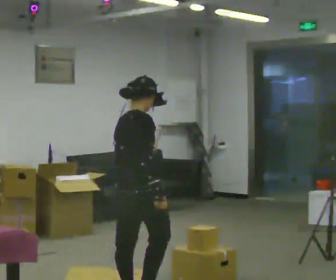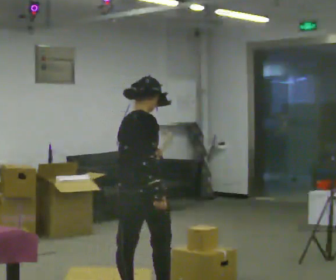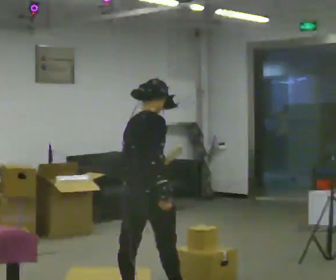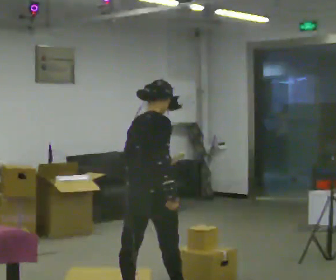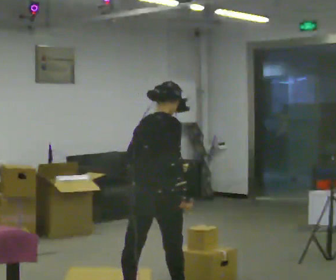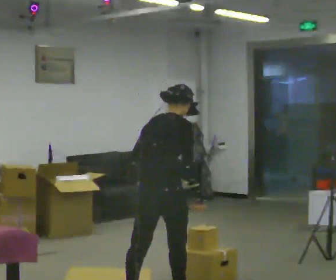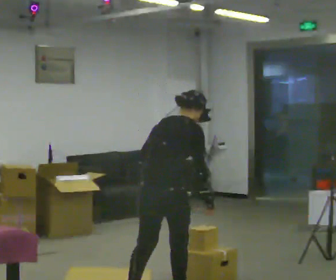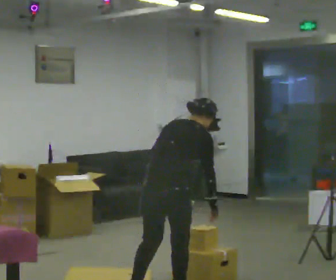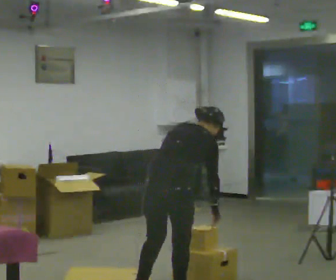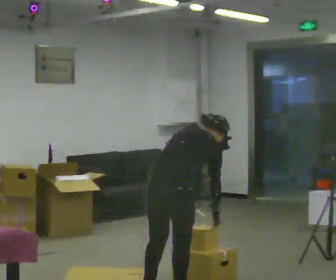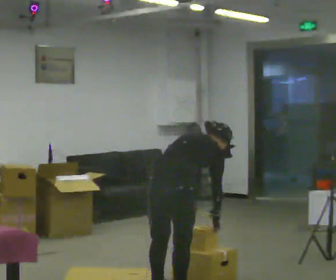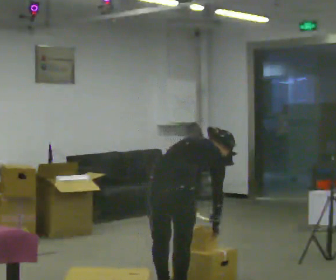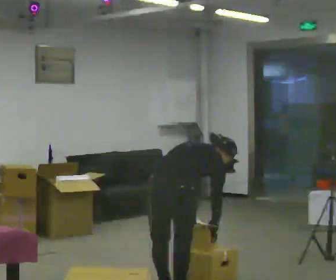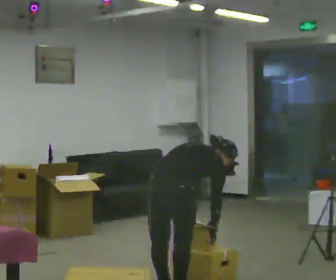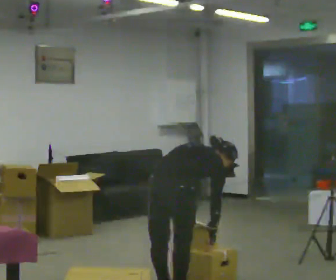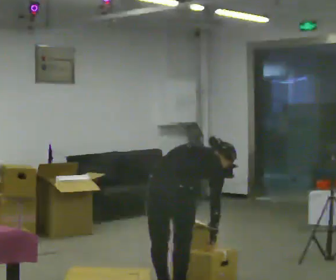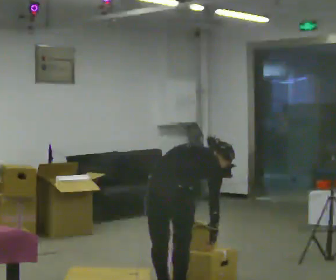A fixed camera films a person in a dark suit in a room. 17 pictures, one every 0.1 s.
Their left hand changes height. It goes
downward.
The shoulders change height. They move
downward.
0.0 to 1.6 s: In the picture they go to the right, about 0.25 m in 2 steps, which for them is forward and to their right. The upper body goes downward. In the picture the upper body tilts clockwise, shoulders to the right, as they bend forward. In the picture their left hand goes downward.
The film runs forward here.
